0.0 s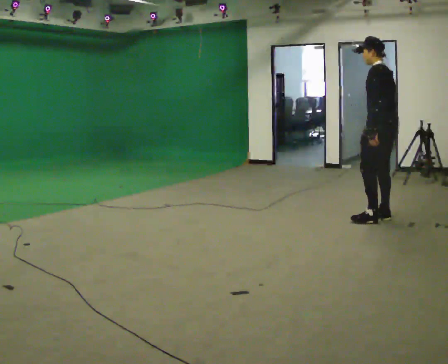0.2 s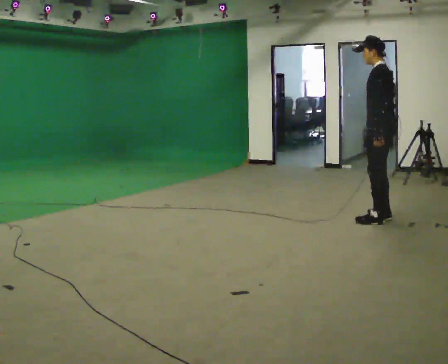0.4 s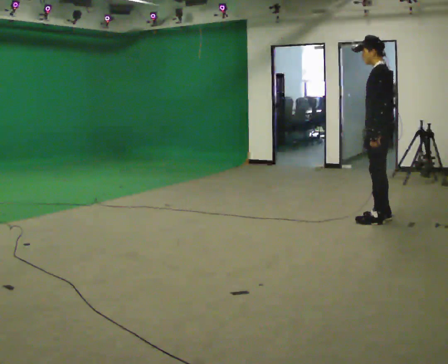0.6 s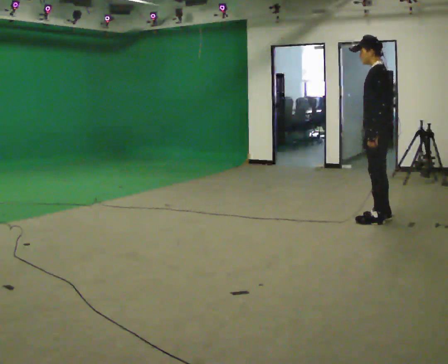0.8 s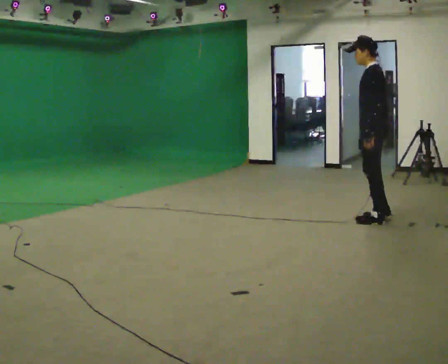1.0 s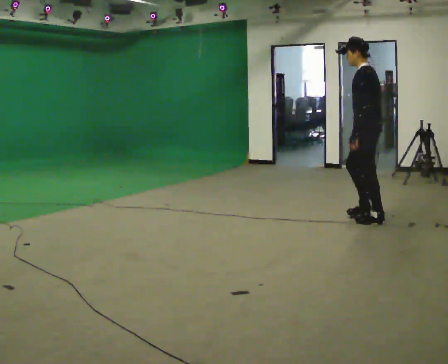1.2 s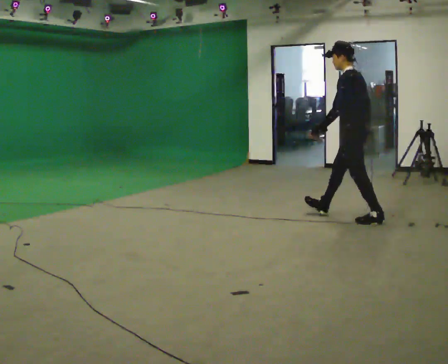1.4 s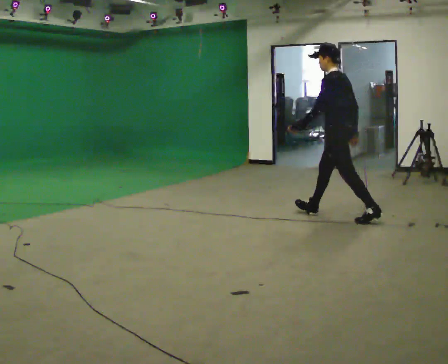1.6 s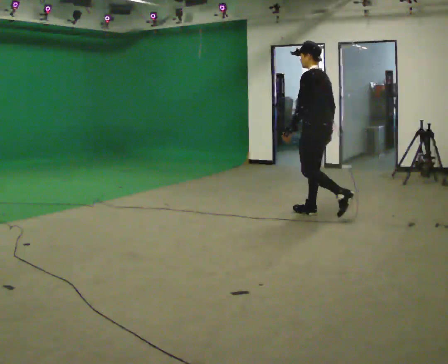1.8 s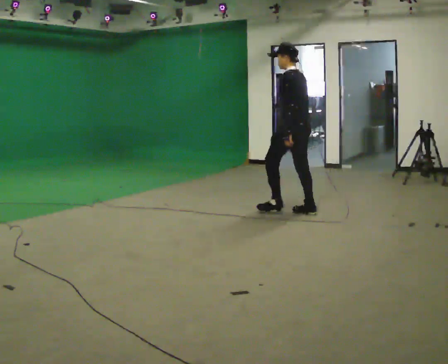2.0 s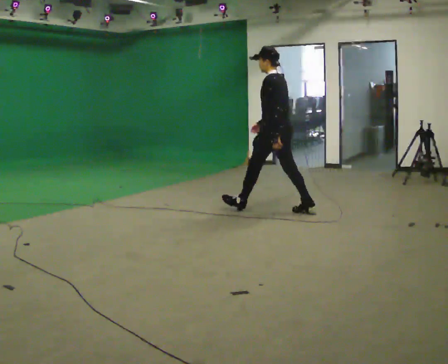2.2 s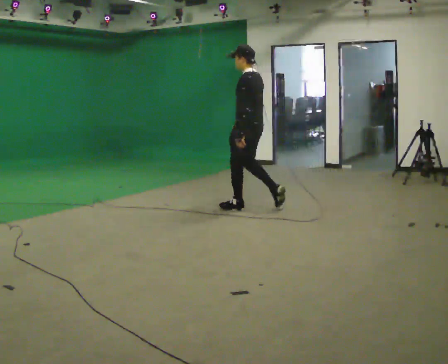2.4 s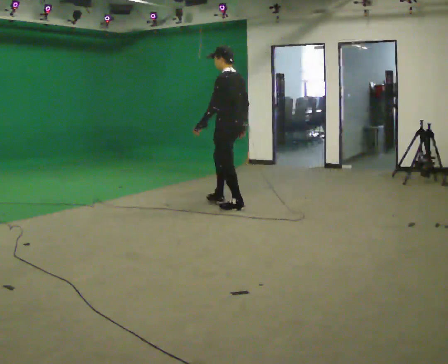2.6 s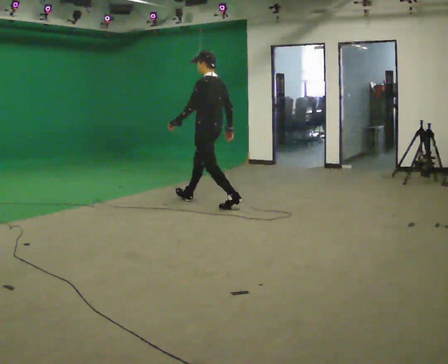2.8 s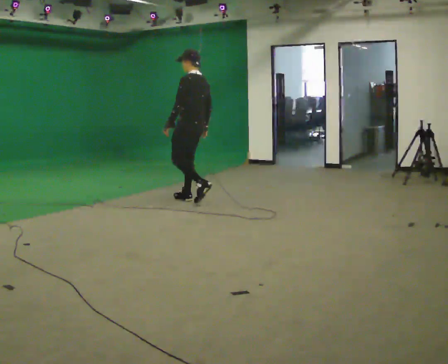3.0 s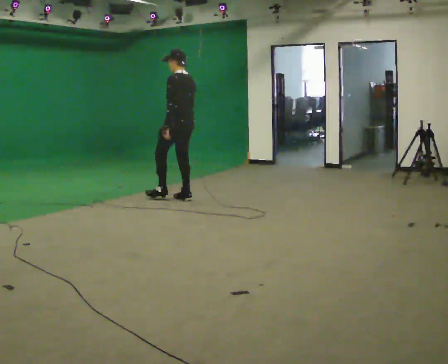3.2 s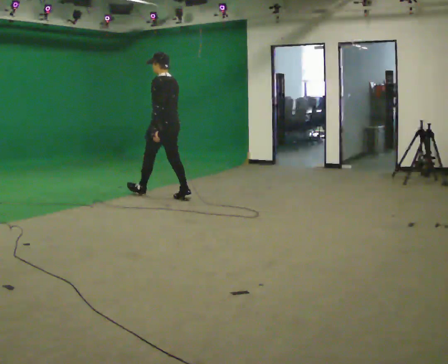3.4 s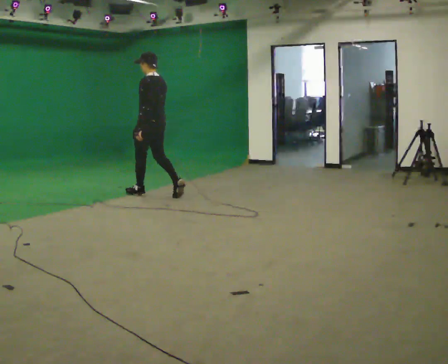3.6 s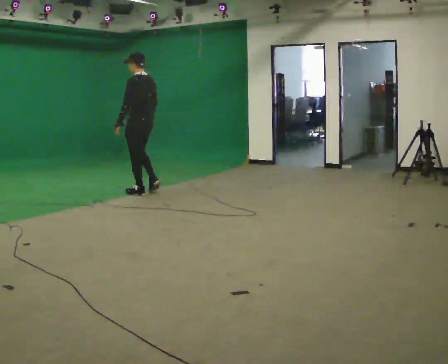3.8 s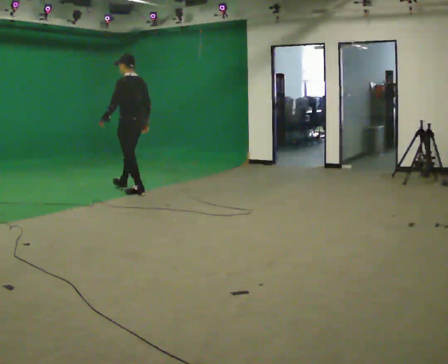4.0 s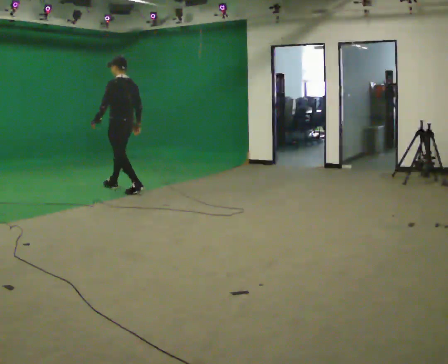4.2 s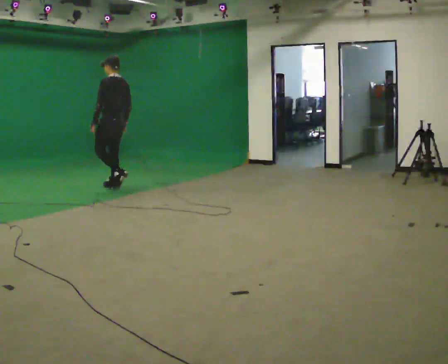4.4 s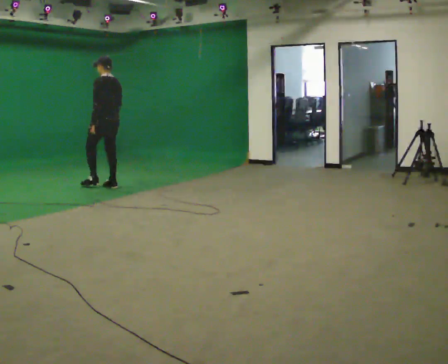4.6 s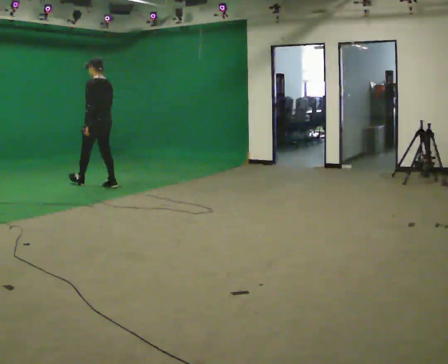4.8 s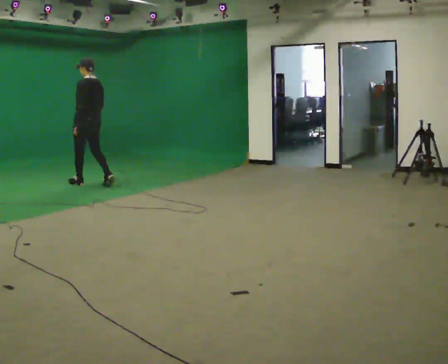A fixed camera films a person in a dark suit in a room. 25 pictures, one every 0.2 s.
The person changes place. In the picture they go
to the left.
0.0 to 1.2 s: In the picture they go to the left, about 0.25 m in 1 step, which for them is forward.
1.2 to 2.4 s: In the picture they go to the left and away from the camera, about 1.5 m in 2 steps, which for them is forward.
2.4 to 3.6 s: In the picture they go to the left and away from the camera, about 1.5 m in 2 steps, which for them is forward.
3.6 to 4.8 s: In the picture they go to the left and away from the camera, about 1 m in 2 steps, which for them is forward.
The film runs forward here.
